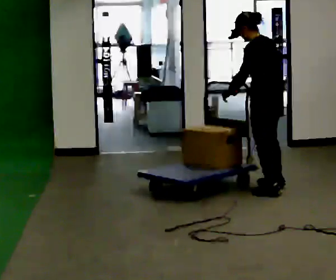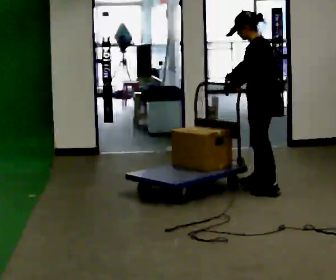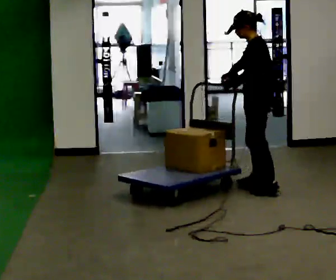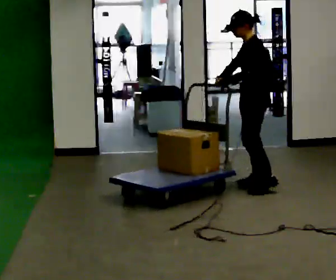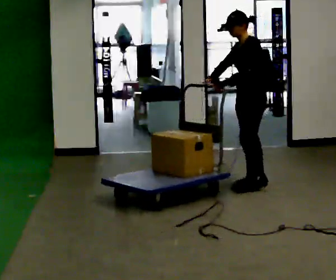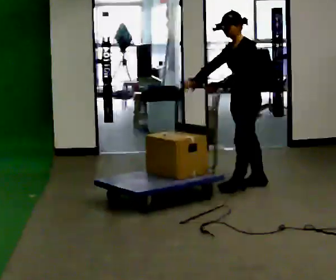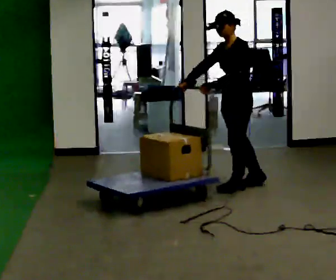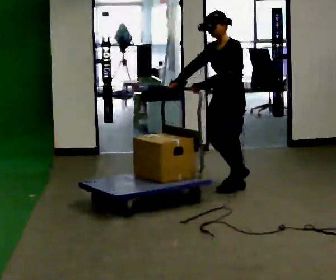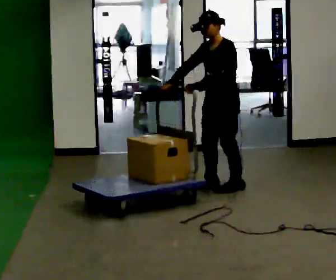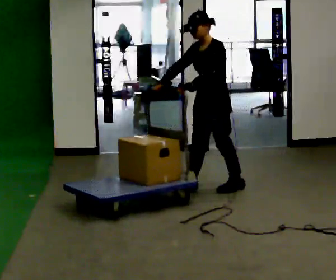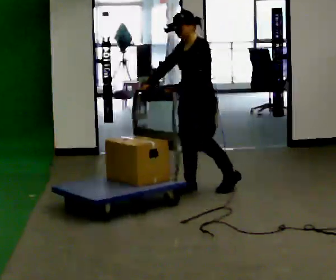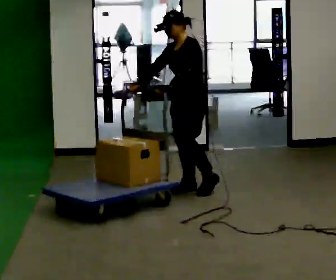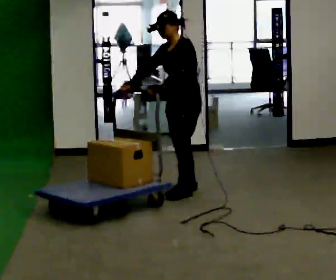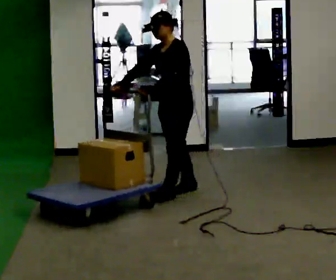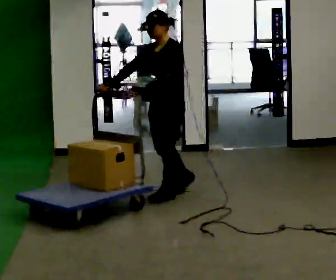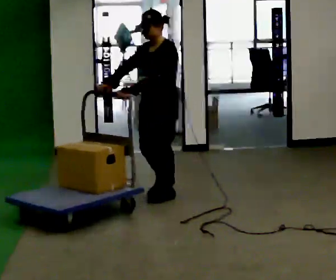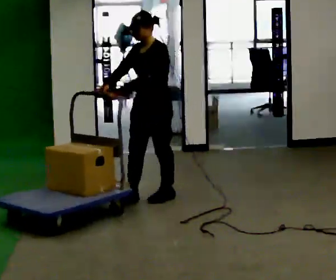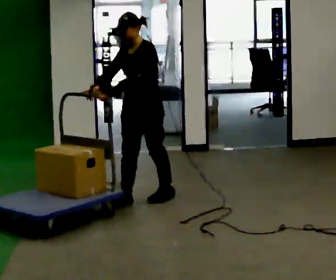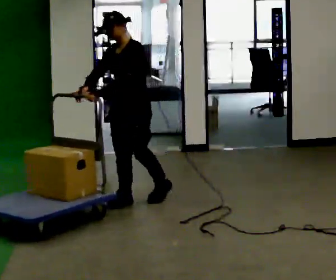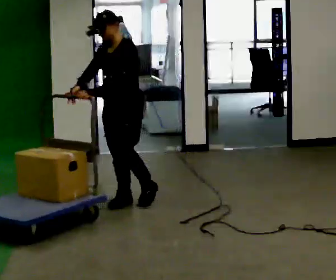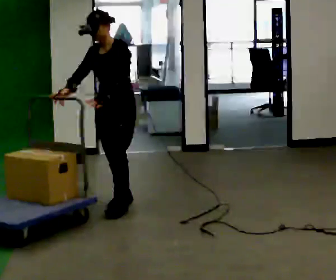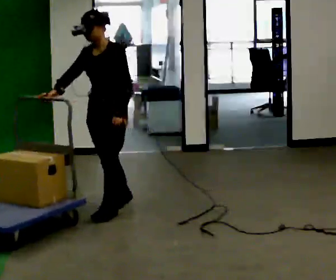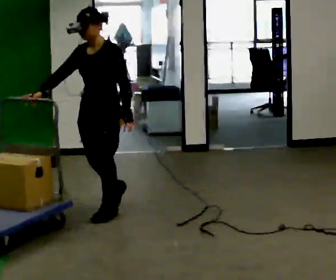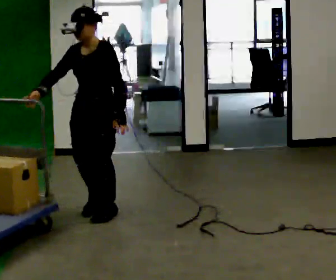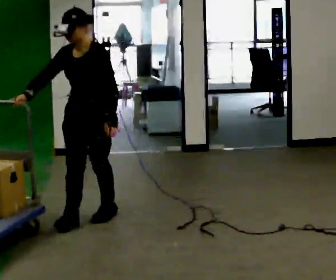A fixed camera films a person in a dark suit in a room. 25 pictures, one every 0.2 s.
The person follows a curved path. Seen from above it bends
counterclockwise.
The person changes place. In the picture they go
to the left.
0.0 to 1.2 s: Seen from above the body turns counterclockwise, about 45 degrees: to their left, with its near side sliding to the right. In the picture they go to the left and away from the camera, about 0.25 m in 2 steps, which for them is to their right and forward.
1.2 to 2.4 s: In the picture they go to the left, about 0.5 m in 1 step, which for them is forward and to their right.
2.4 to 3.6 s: In the picture they go to the left and toward the camera, about 0.5 m in 2 steps, which for them is forward.
3.6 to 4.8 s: In the picture they go toward the camera and to the left, about 0.5 m in 1 step, which for them is forward.
The film runs forward here.
